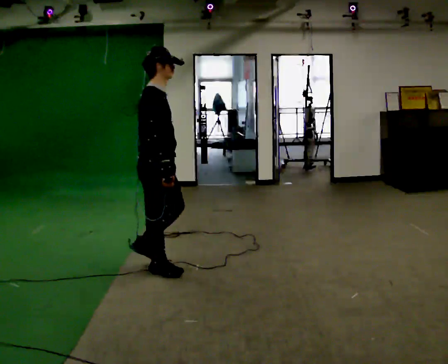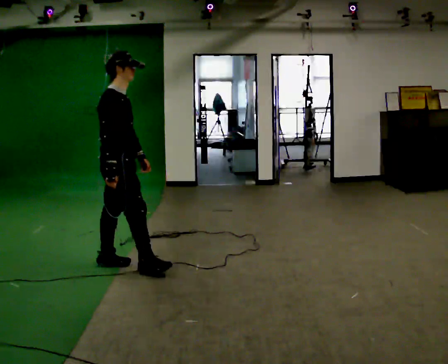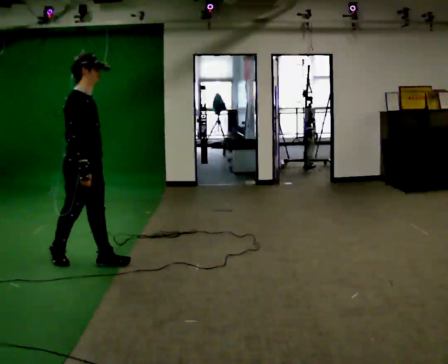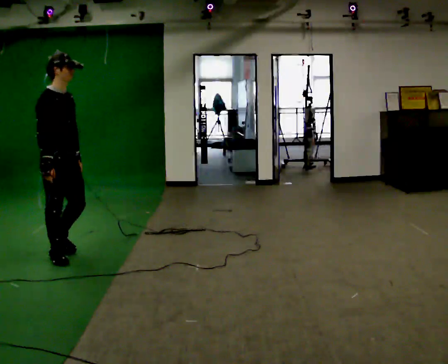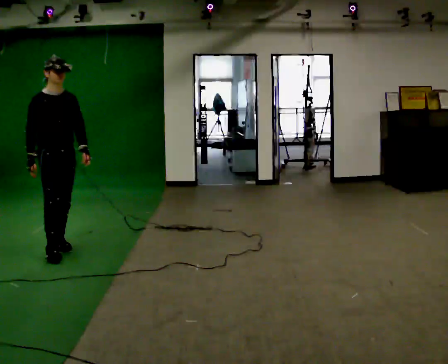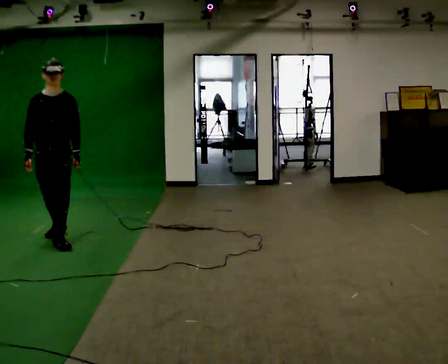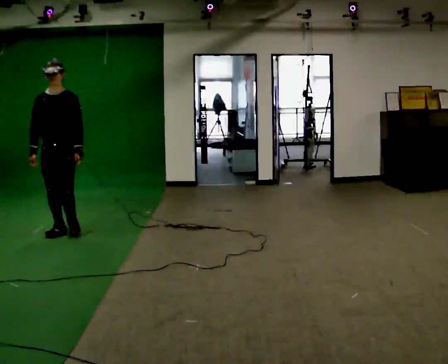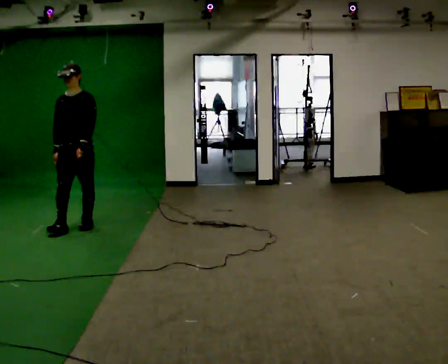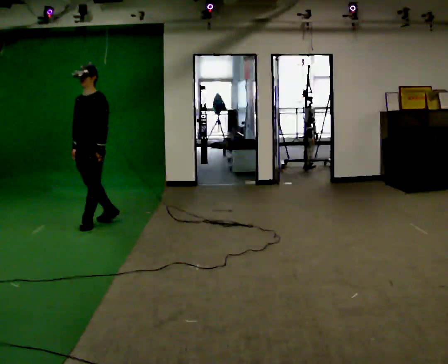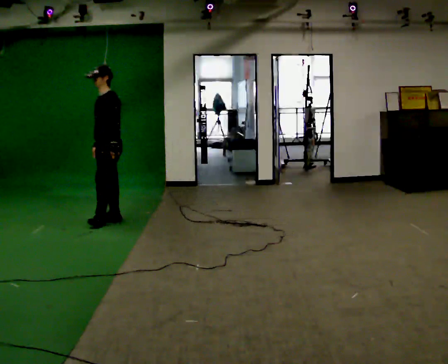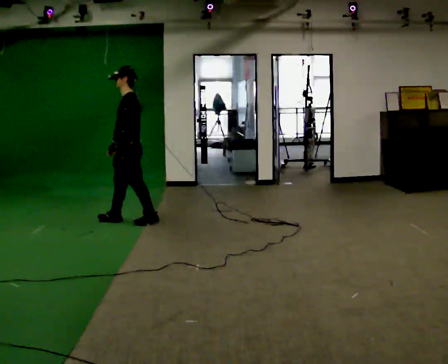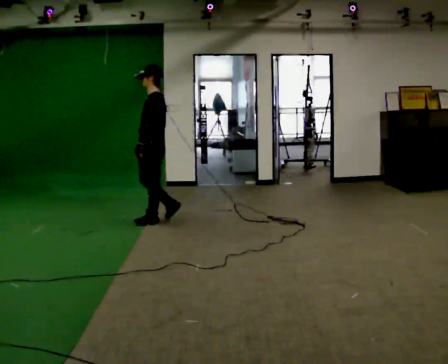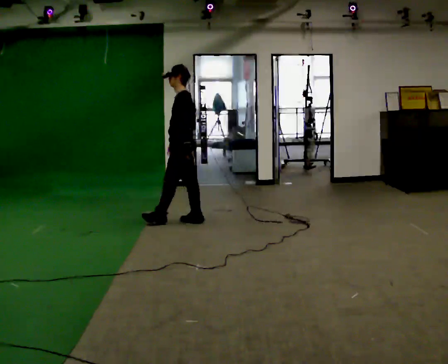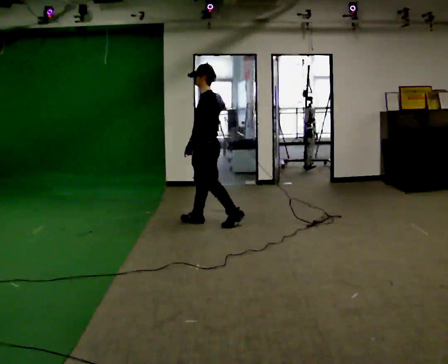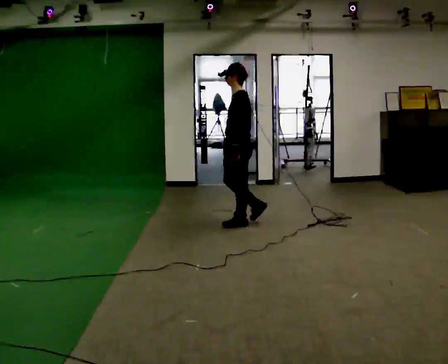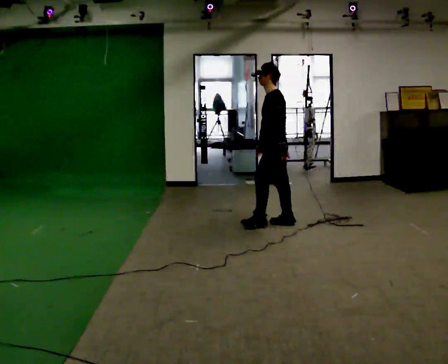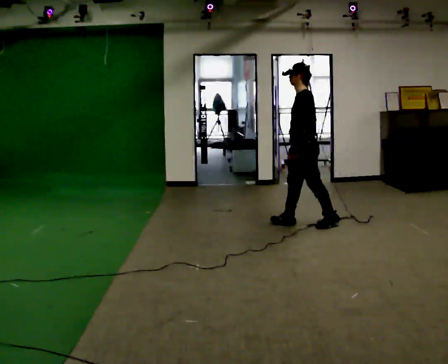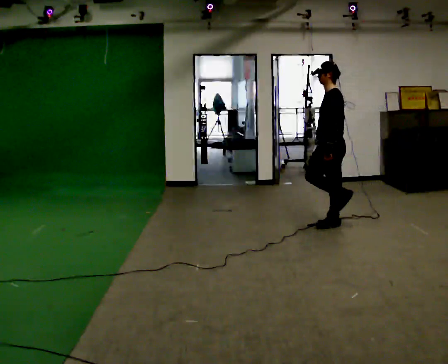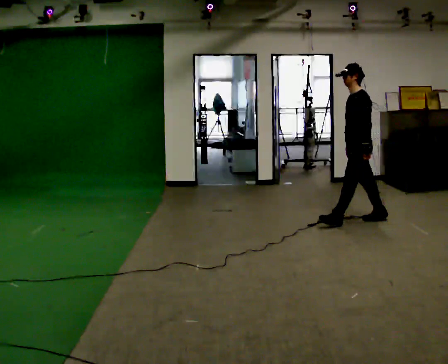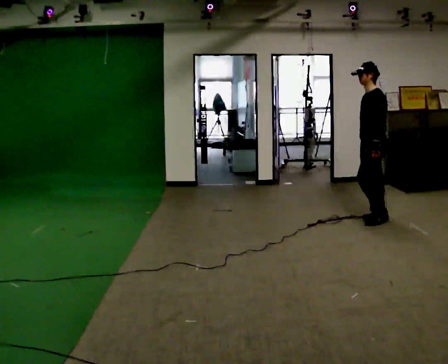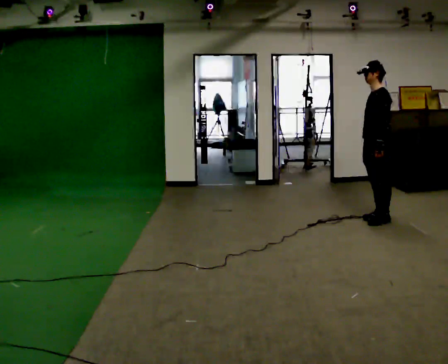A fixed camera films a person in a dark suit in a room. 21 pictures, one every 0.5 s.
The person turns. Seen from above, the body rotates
clockwise.
The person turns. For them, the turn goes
to their right.
0.0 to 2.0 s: Seen from above the body turns clockwise, about 45 degrees: to their right, with its near side sliding to the left. In the picture they go to the left and away from the camera, about 1 m in 3 steps, which for them is backward and to their left.
2.0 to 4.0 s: The part of the body nearest the lens slides to the left as the person turns to their right by about 75 degrees. In the picture they go away from the camera, about 1 m in 2 steps.
4.0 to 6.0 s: Seen from above the body turns clockwise, about 60 degrees: to their right, with its near side sliding to the left. In the picture they go to the right, about 1 m in 3 steps, which for them is backward.
6.0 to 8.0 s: In the picture they go to the right, about 1.5 m in 2 steps, which for them is backward.
8.0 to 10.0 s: In the picture they go to the right, about 1 m in 2 steps, which for them is backward.
The film runs backward here.
